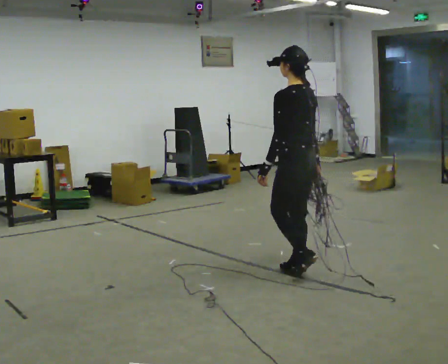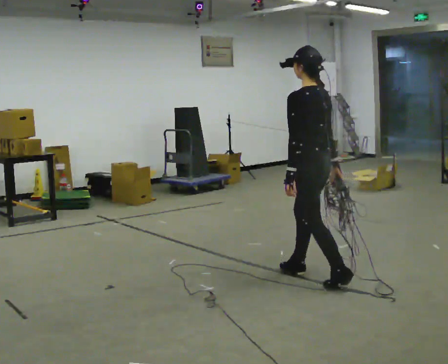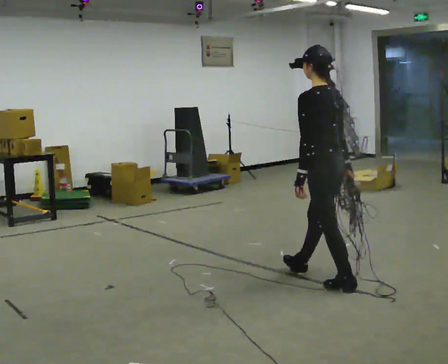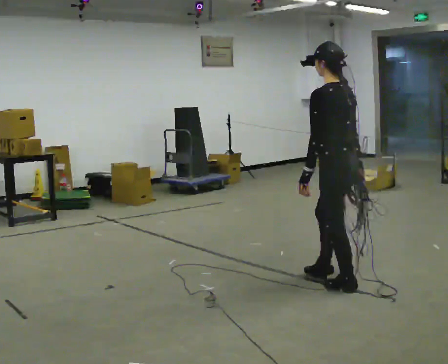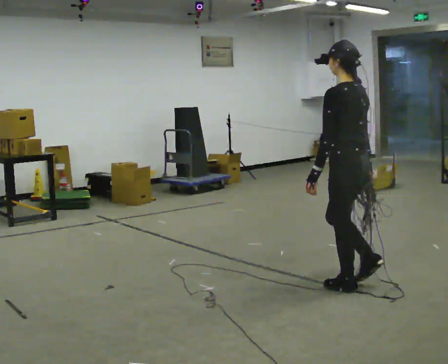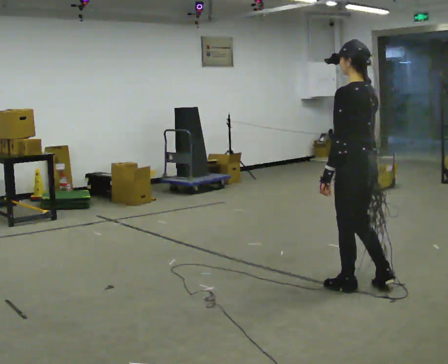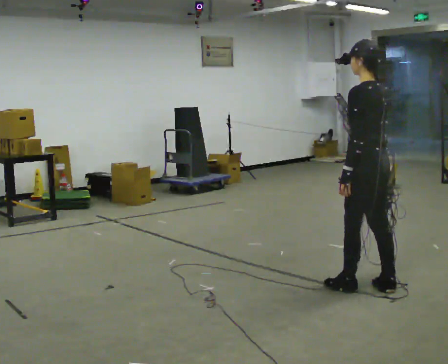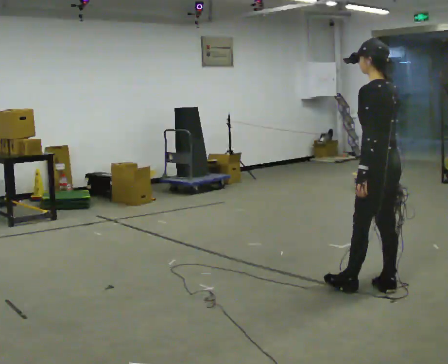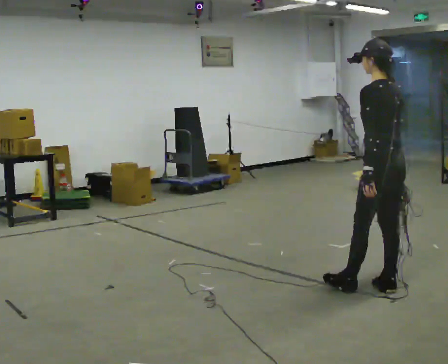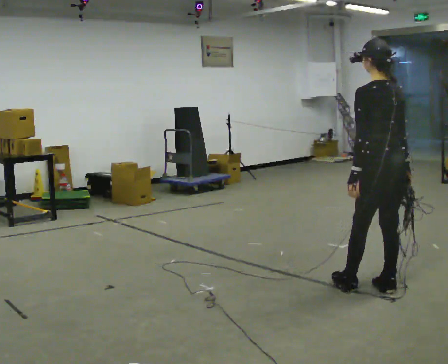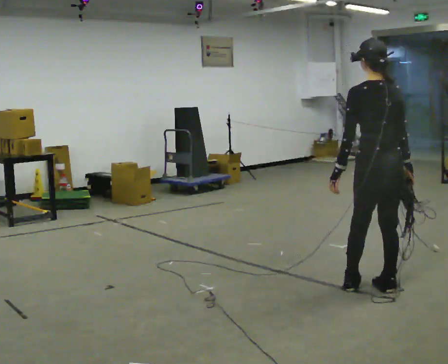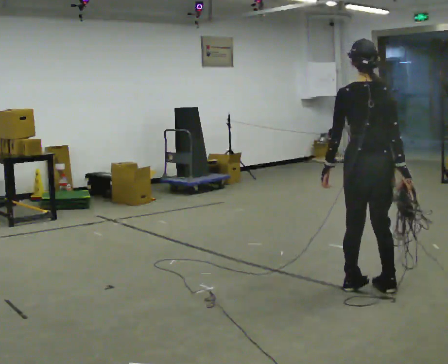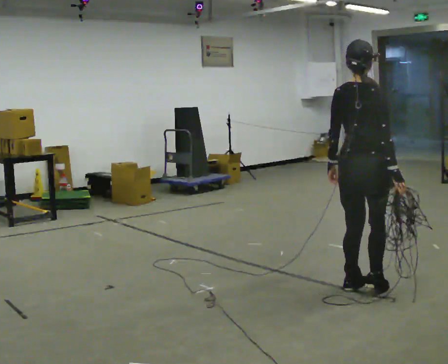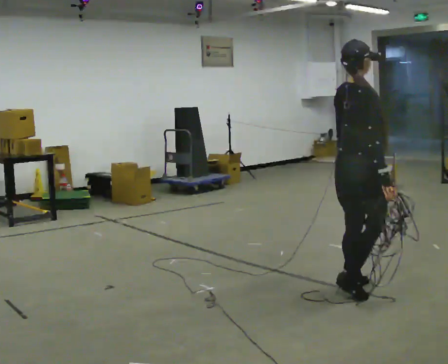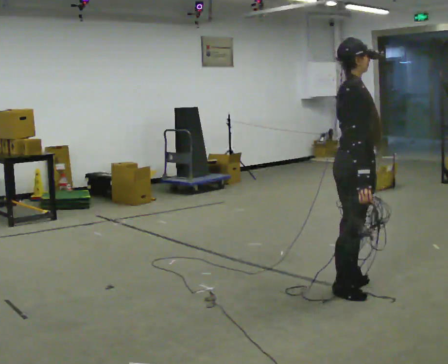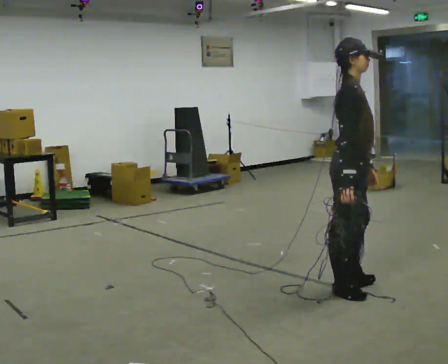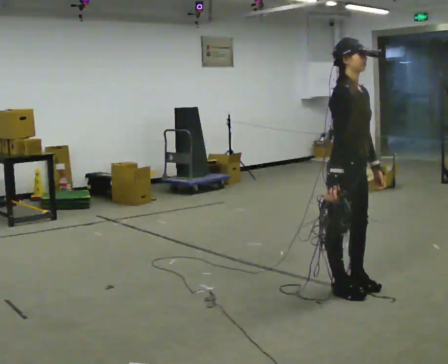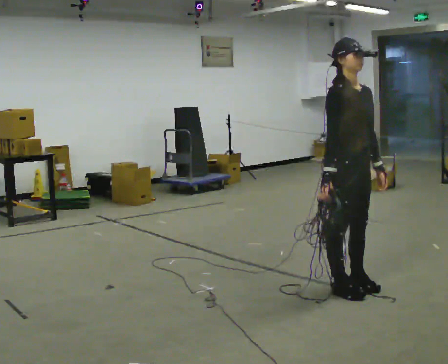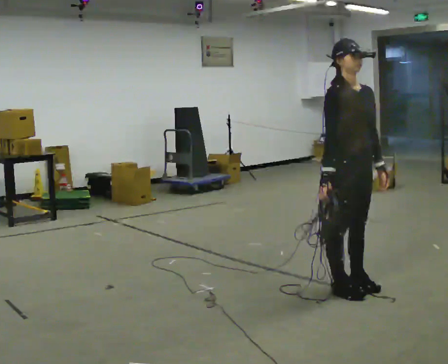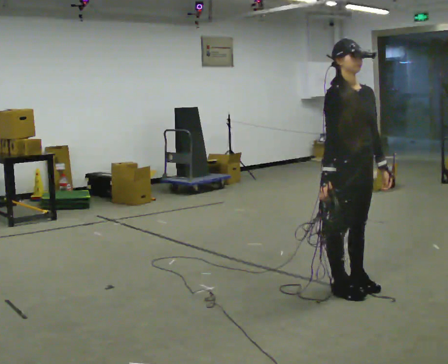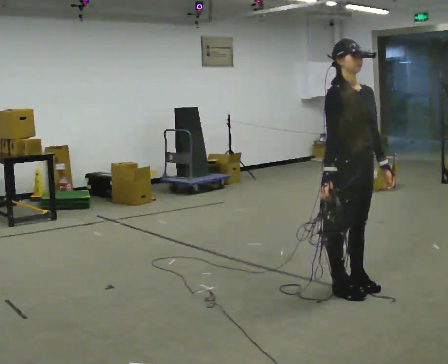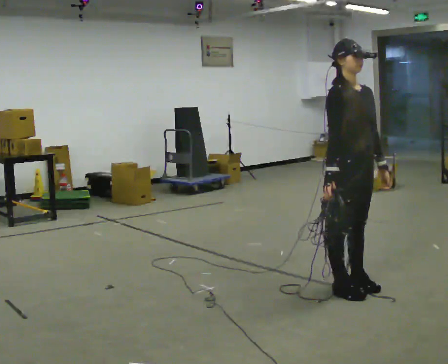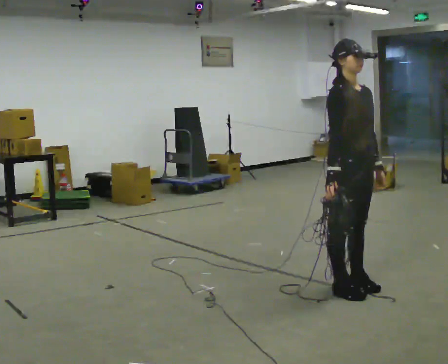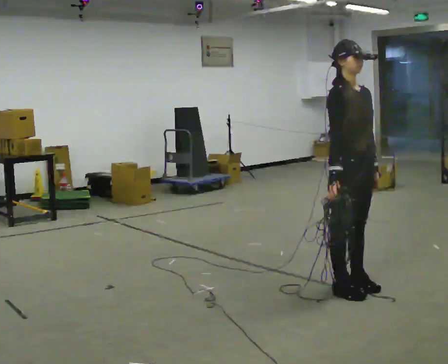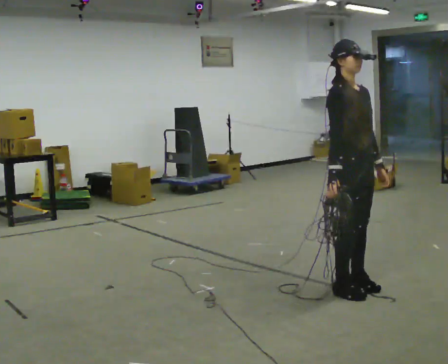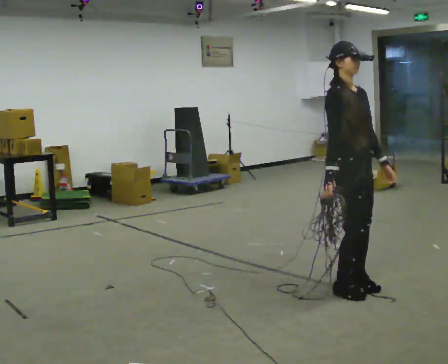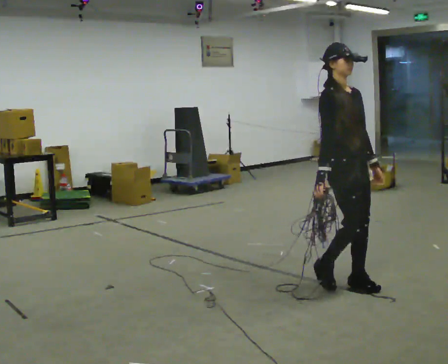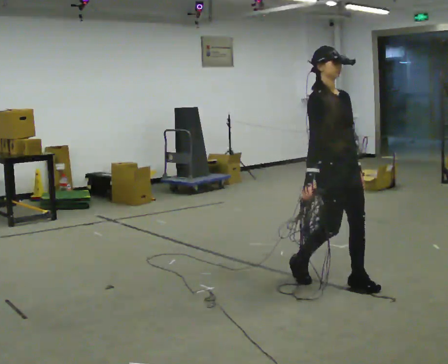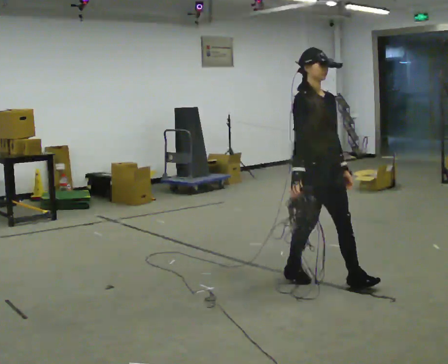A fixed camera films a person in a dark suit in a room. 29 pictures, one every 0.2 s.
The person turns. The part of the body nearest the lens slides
to the left.
The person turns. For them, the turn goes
to their right.
0.0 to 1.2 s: In the picture they go to the right and toward the camera, about 0.5 m in 1 step, which for them is backward.
1.2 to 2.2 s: The person turns about 60 degrees to their right, clockwise seen from above, so the part of the body nearest the lens slides to the left.
2.2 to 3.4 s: Seen from above the body turns clockwise, about 120 degrees: to their right, with its near side sliding to the left. In the picture they go to the left, about 0.25 m in 1 step. In the picture their left hand goes to the right, the arm swinging counterclockwise.
3.4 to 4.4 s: The person moves a little, or ends about where they began.
4.4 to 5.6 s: In the picture they go to the left and away from the camera, about 0.25 m in 1 step, which for them is backward.
The film runs backward here.
